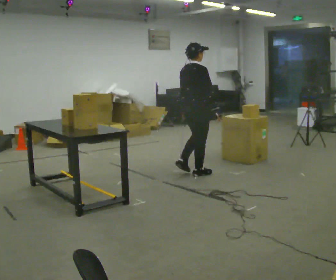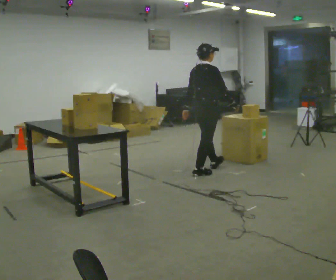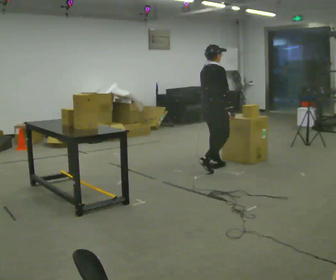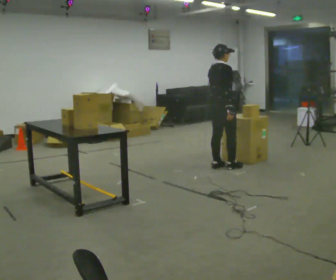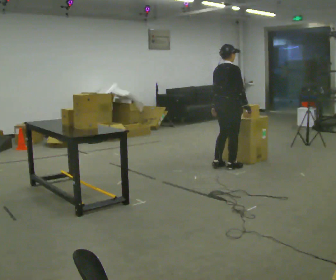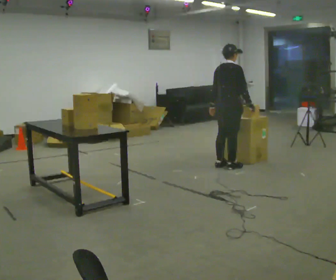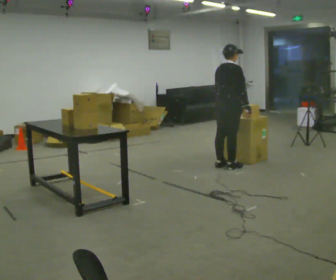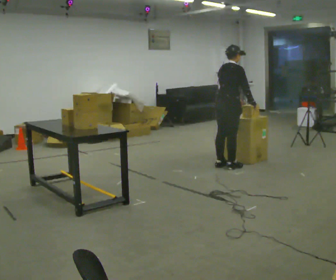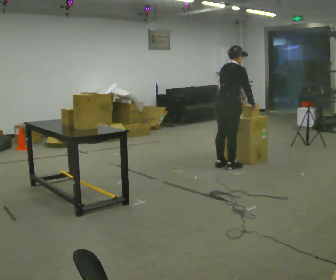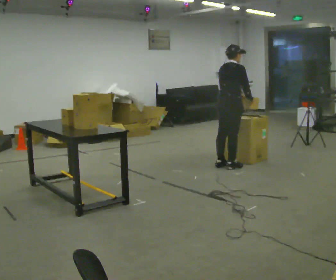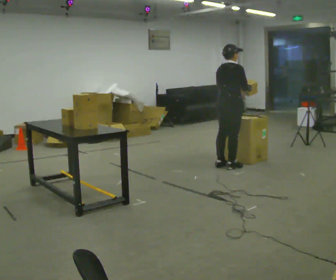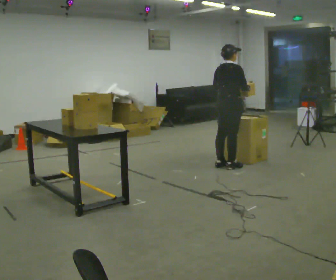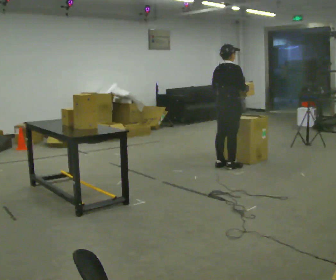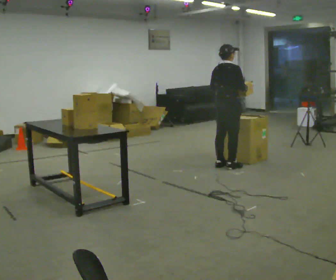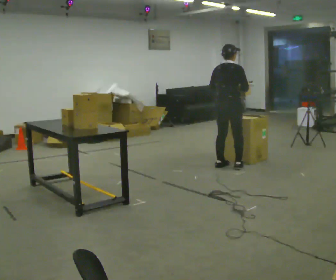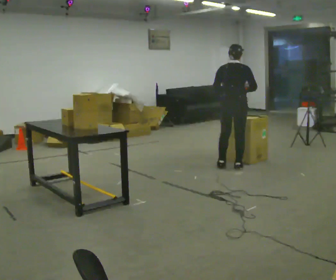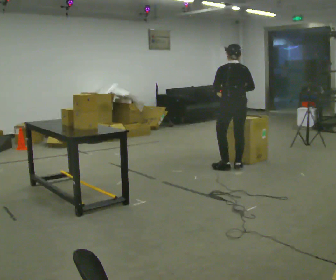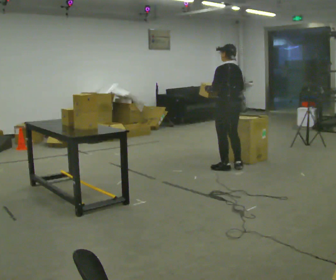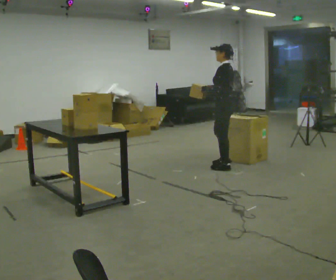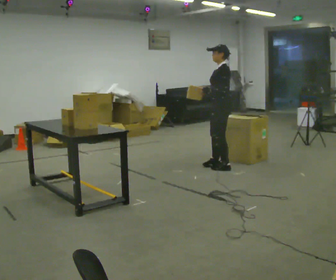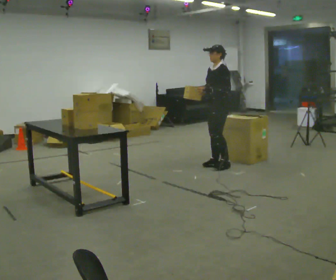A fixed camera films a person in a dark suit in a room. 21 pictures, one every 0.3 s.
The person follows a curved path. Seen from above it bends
counterclockwise.
The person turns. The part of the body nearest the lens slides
to the right.
0.0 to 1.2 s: In the picture they go away from the camera and to the right, about 0.5 m in 2 steps, which for them is forward.
1.2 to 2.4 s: In the picture their left hand goes to the right.
2.4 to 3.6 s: The person moves a little, or ends about where they began.
3.6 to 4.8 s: The part of the body nearest the lens slides to the right as the person turns to their left by about 60 degrees.
4.8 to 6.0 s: The part of the body nearest the lens slides to the right as the person turns to their left by about 90 degrees. In the picture they go to the left, about 0.25 m in 1 step.
The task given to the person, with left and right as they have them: Move objects one at a time from the waist-height shelf at one end of the room to the waist-height shelf at the other end. Keep going until the operator says stop; one object at a time, and do not rush between trips.
The film runs forward here.
